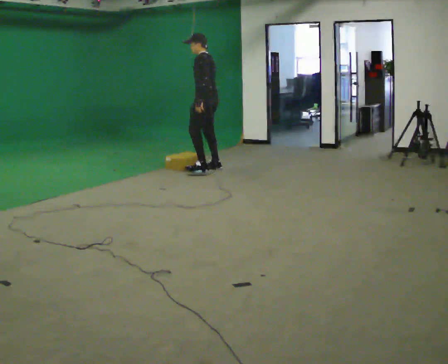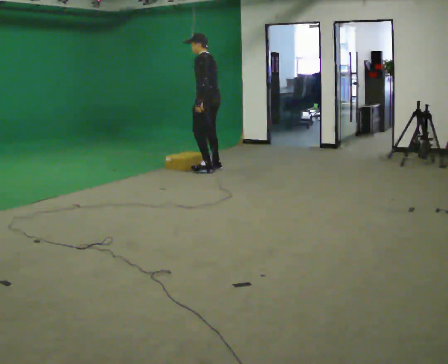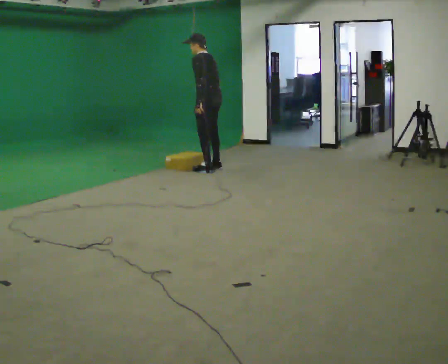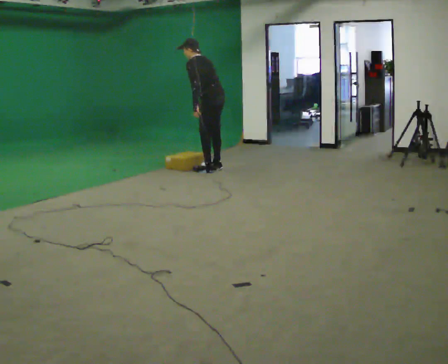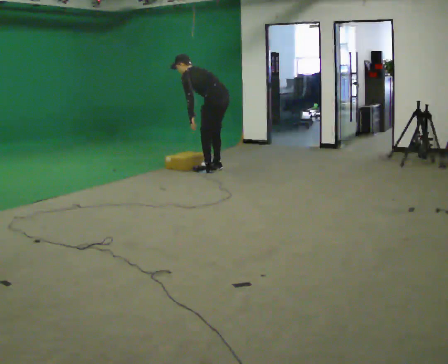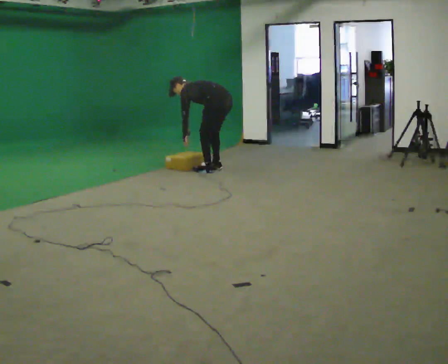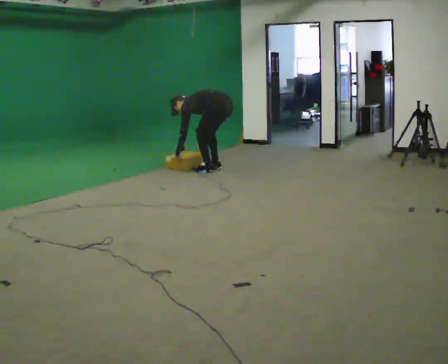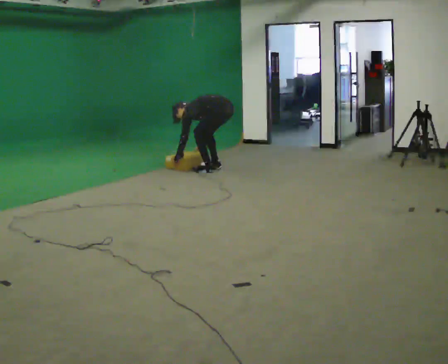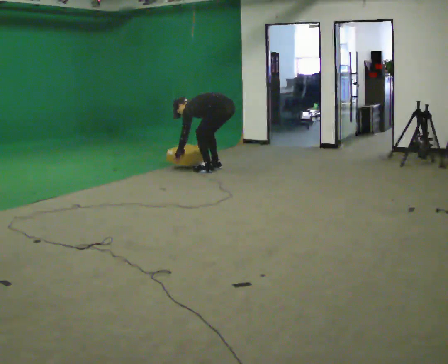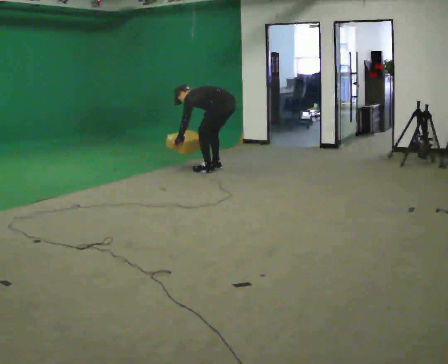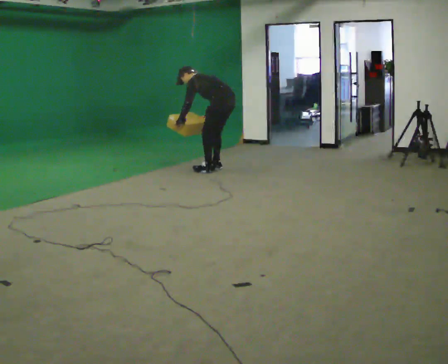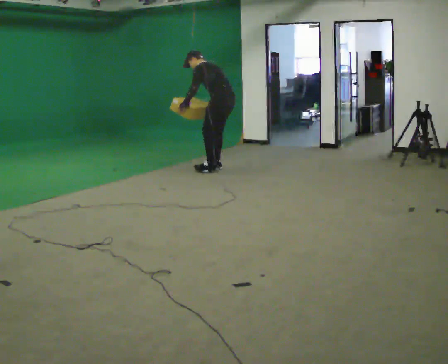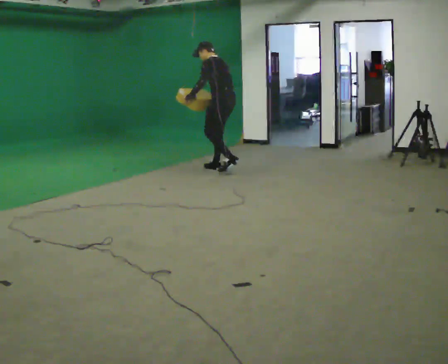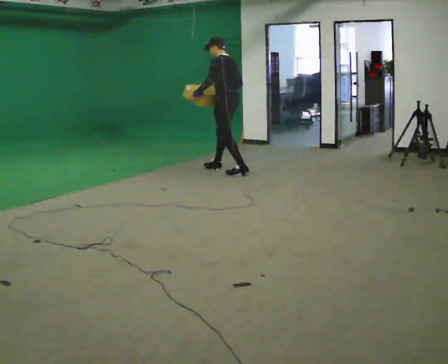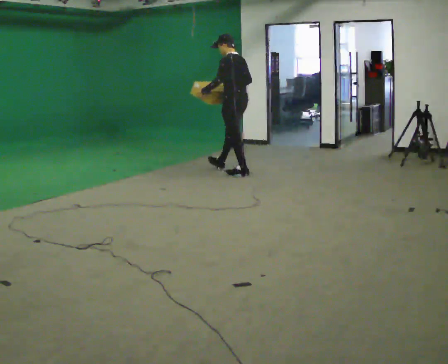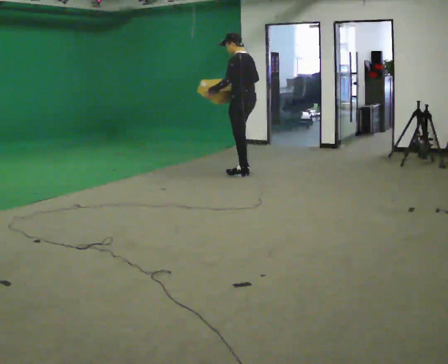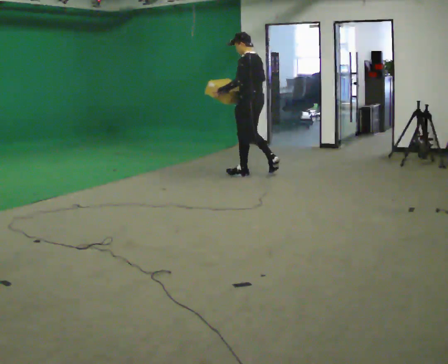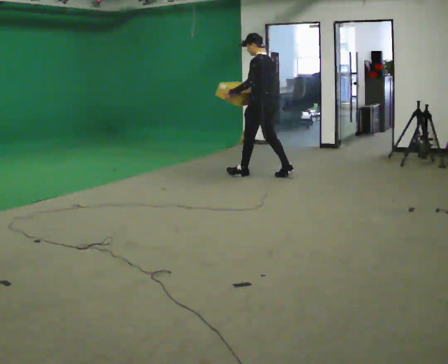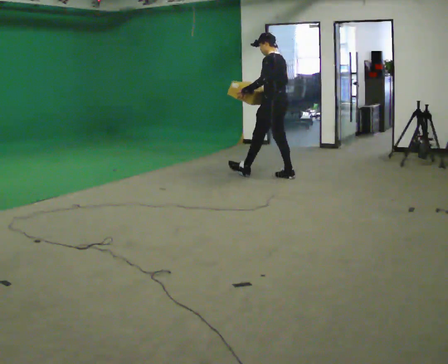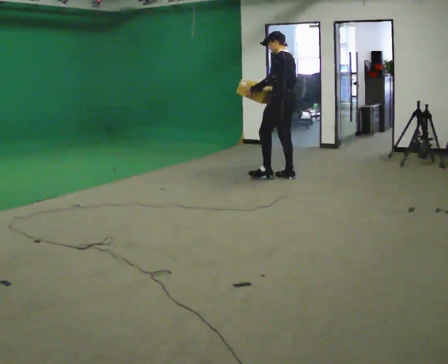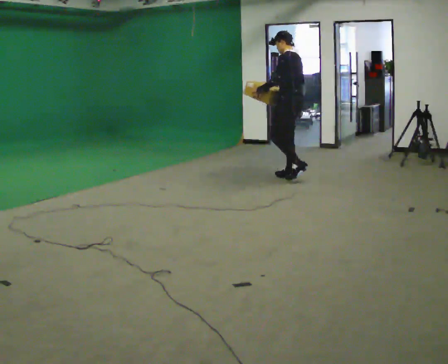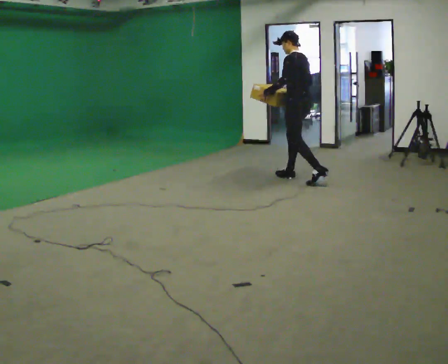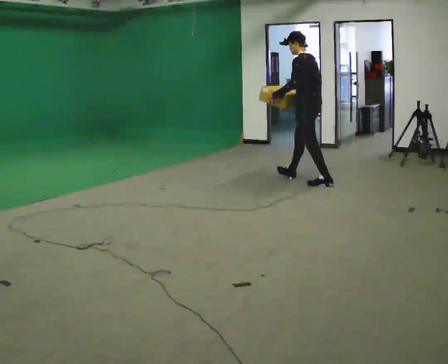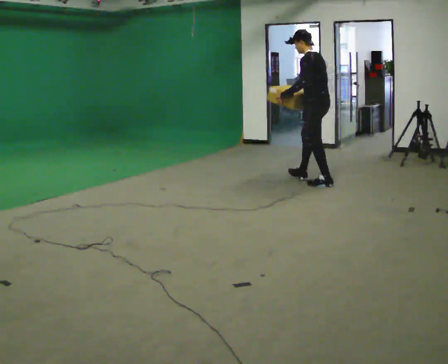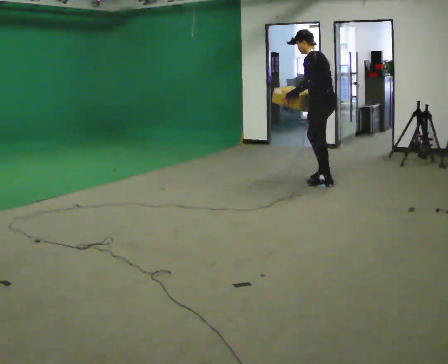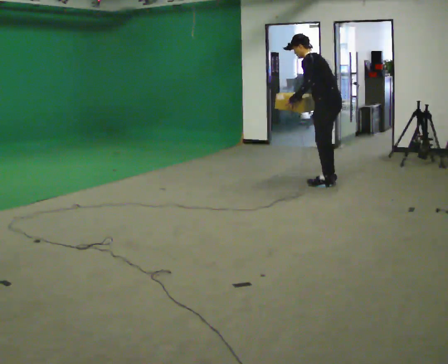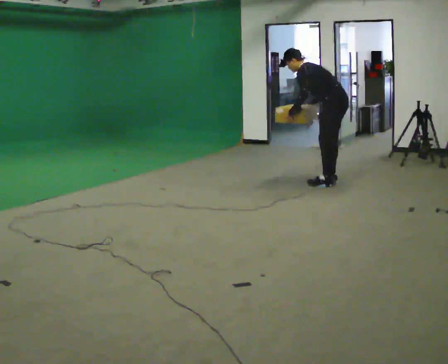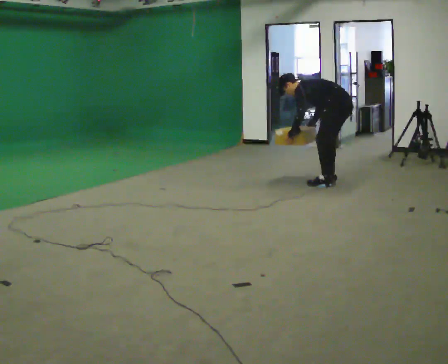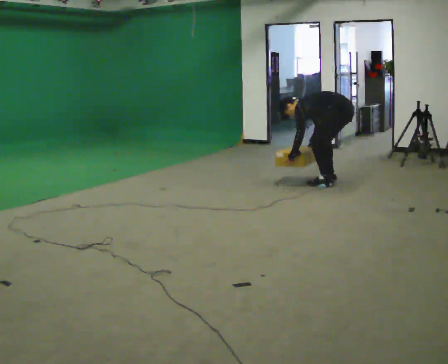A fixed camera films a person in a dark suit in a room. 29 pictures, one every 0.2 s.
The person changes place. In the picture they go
to the right.
0.0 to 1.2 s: In the picture they go to the right, about 0.25 m, which for them is backward. The upper body goes downward. In the picture the upper body tilts counterclockwise, shoulders to the left, as they bend forward. In the picture their right hand goes downward.
1.2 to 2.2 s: The shoulders move upward. In the picture the upper body tilts clockwise, shoulders to the right, as they lean back or straighten. In the picture their left hand goes upward.
2.2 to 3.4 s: In the picture they go to the right and toward the camera, about 0.5 m in 1 step, which for them is backward. In the picture the upper body tilts clockwise, shoulders to the right, as they lean back or straighten.
3.4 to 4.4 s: In the picture they go to the right and toward the camera, about 0.75 m in 1 step, which for them is backward.
4.4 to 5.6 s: In the picture they go to the right and toward the camera, about 0.25 m in 1 step, which for them is backward. The upper body goes downward. In the picture the upper body tilts counterclockwise, shoulders to the left, as they bend forward. In the picture their left hand goes downward.
The film runs backward here.
